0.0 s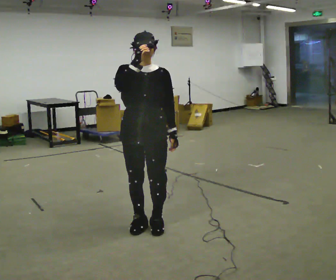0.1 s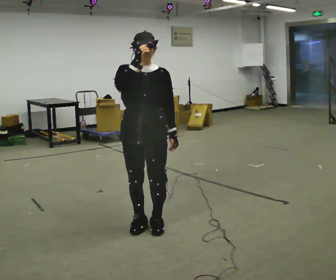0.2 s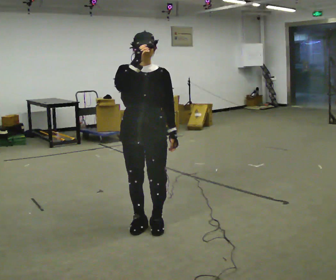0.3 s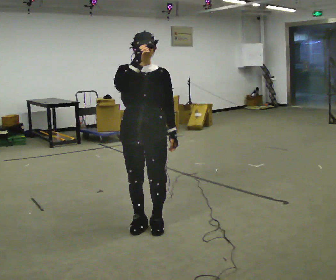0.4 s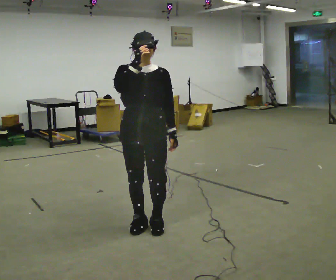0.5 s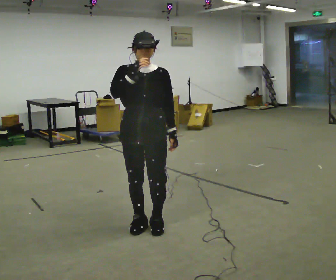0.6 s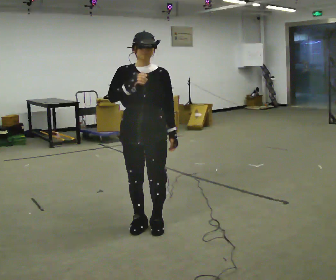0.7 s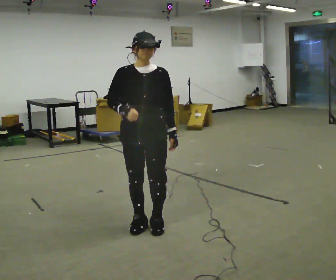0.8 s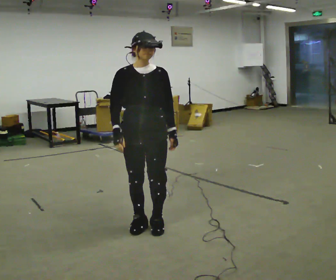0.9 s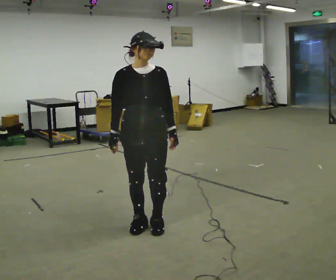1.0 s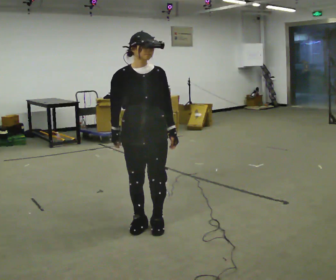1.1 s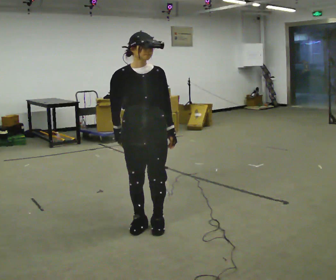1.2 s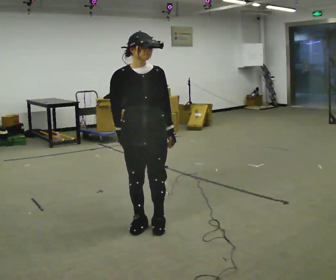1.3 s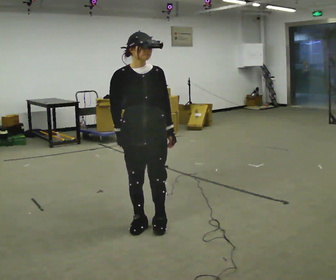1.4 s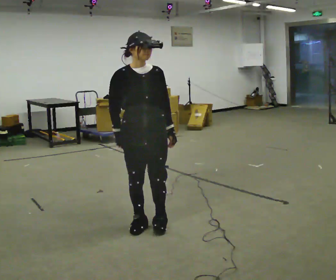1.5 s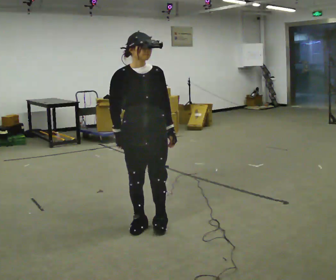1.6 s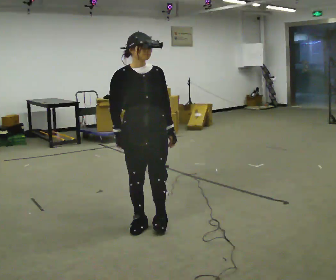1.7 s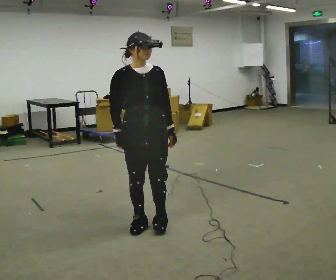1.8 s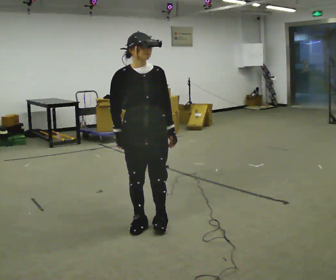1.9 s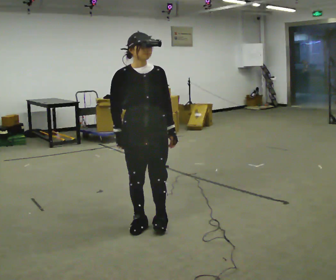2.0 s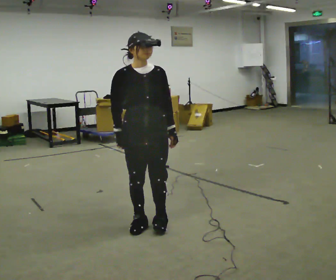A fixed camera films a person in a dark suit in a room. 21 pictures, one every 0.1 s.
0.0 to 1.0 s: In the picture their right hand goes downward.
1.0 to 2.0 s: The person moves a little, or ends about where they began.
The film runs forward here.
